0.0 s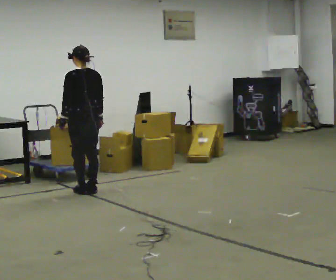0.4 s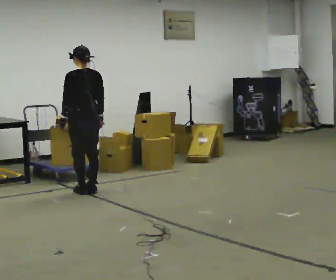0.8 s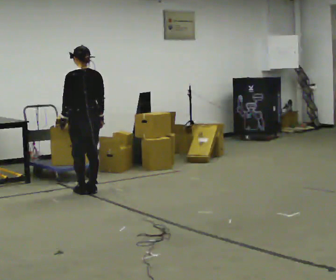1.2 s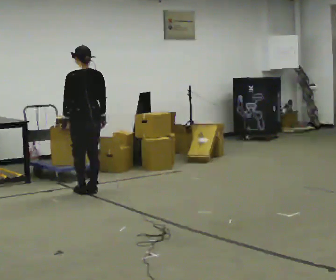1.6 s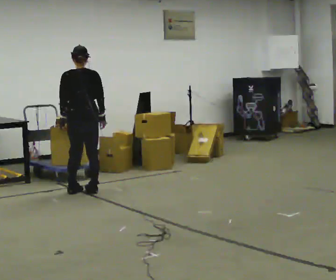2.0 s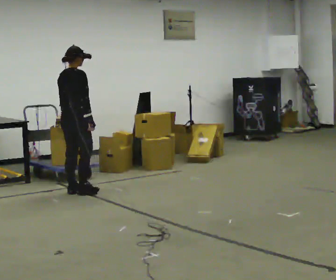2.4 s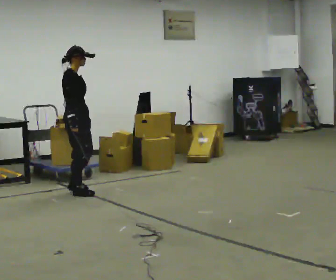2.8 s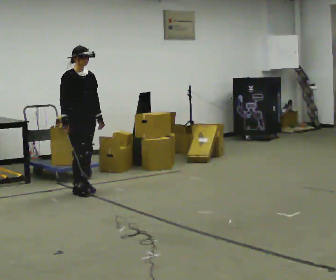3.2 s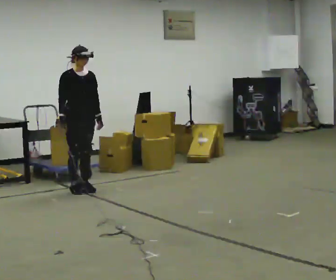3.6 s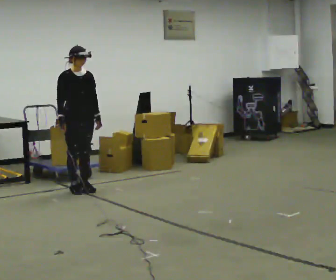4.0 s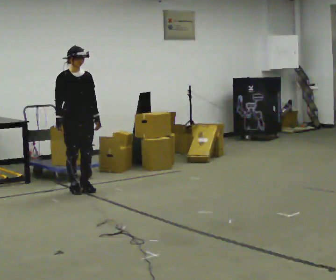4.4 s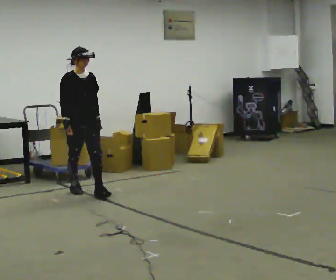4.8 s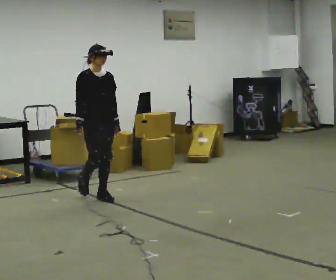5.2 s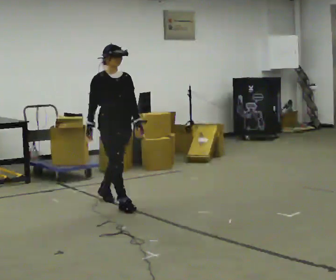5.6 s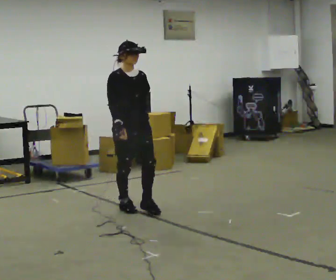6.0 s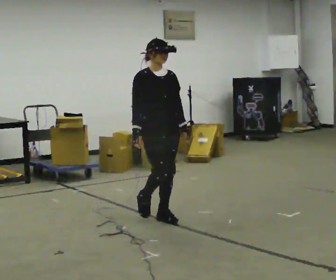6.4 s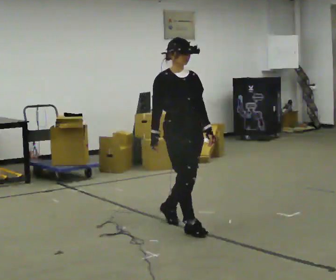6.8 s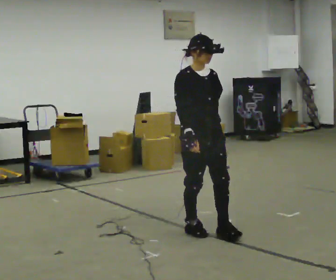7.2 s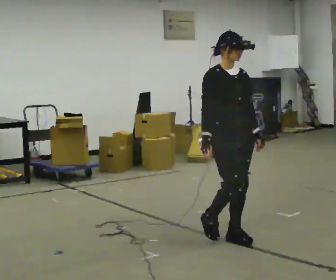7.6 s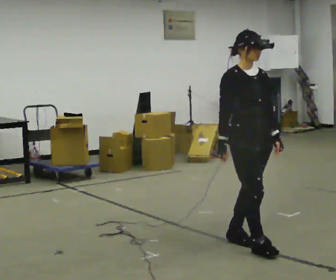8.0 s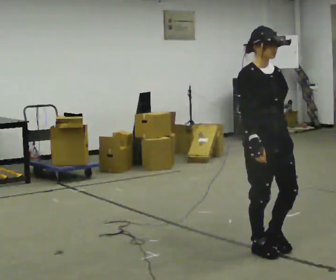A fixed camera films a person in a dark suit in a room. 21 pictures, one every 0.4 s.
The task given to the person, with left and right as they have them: Start at normal speed; gradually slow over several steps; stop gently.
0.0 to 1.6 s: The part of the body nearest the lens slides to the left as the person turns to their right by about 30 degrees.
1.6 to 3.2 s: The person turns about 150 degrees to their right, clockwise seen from above, so the part of the body nearest the lens slides to the left. In the picture their right hand goes to the left.
3.2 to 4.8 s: In the picture they go toward the camera and to the right, about 0.5 m in 1 step, which for them is forward.
4.8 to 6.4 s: In the picture they go toward the camera and to the right, about 1.5 m in 3 steps, which for them is forward.
6.4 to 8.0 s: In the picture they go toward the camera and to the right, about 1 m in 2 steps, which for them is forward.
The film runs forward here.
